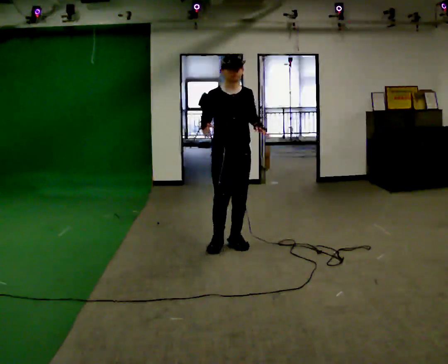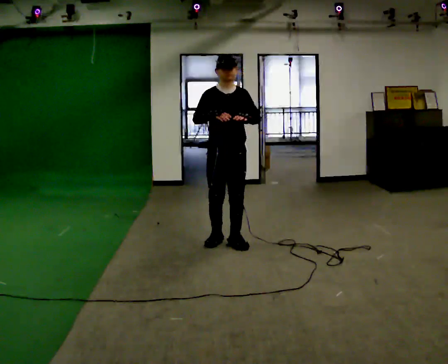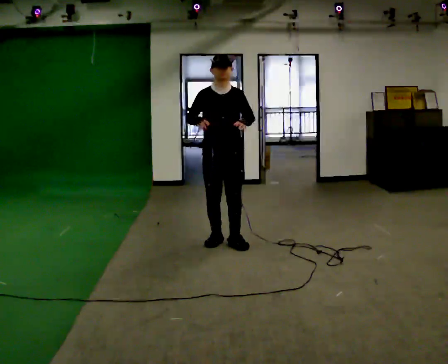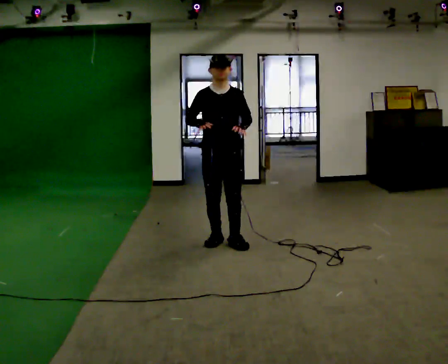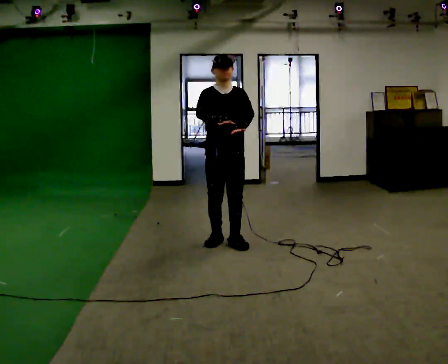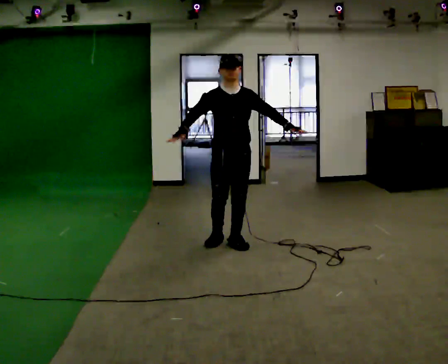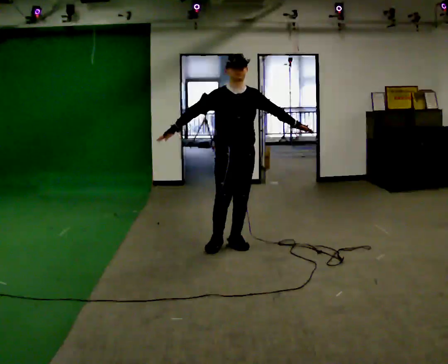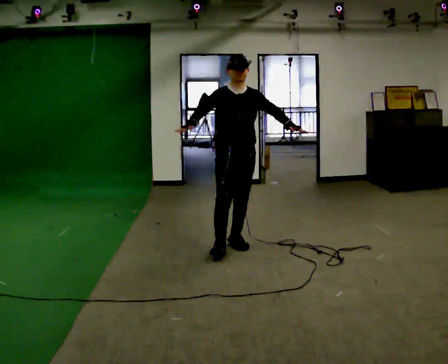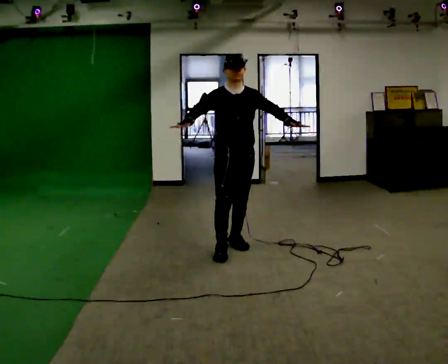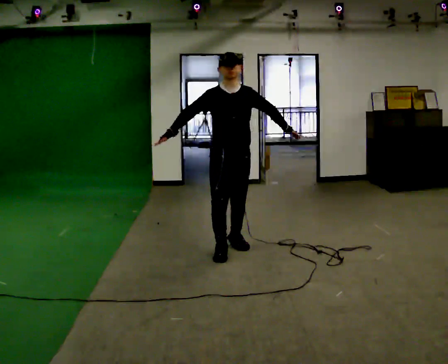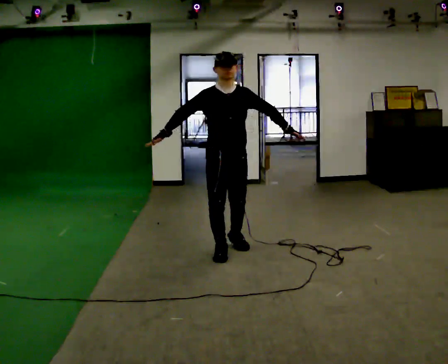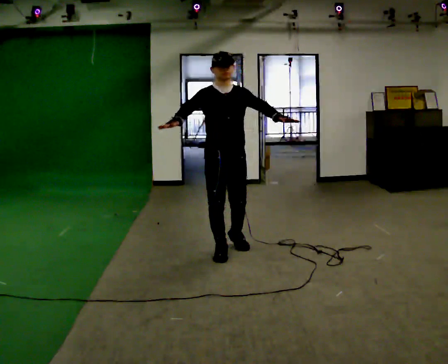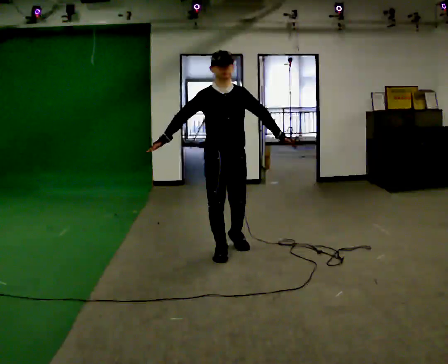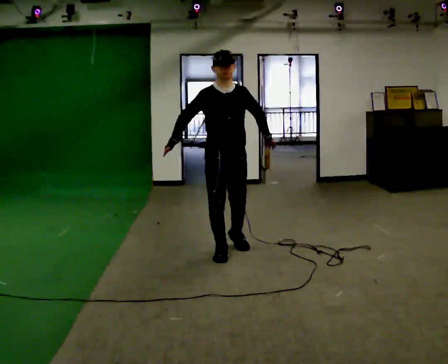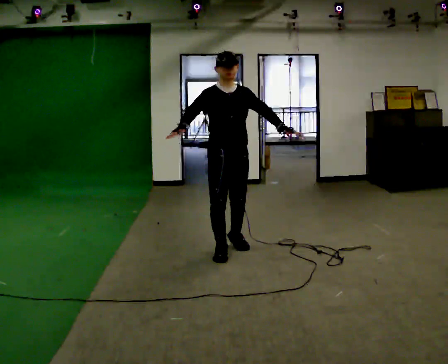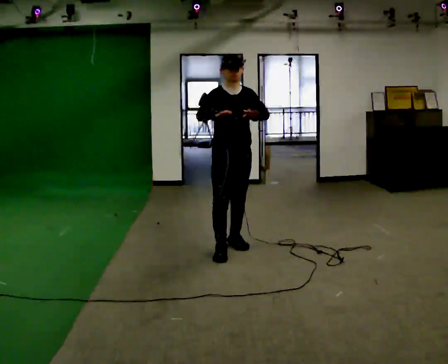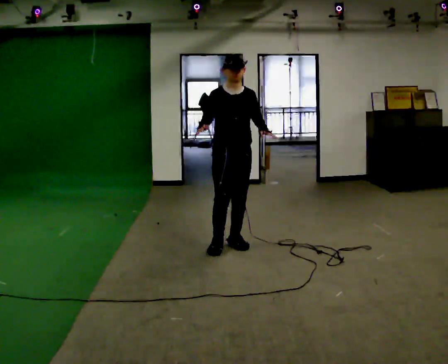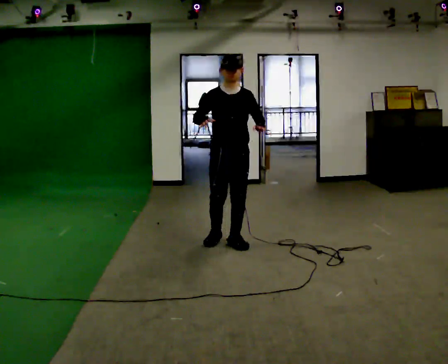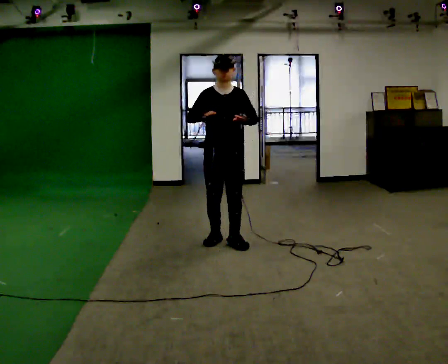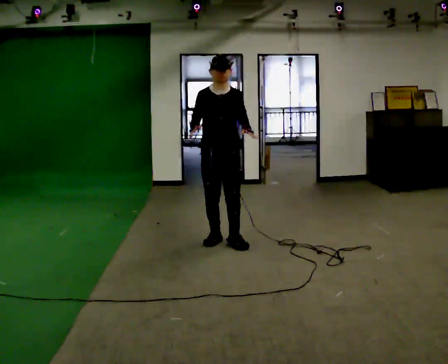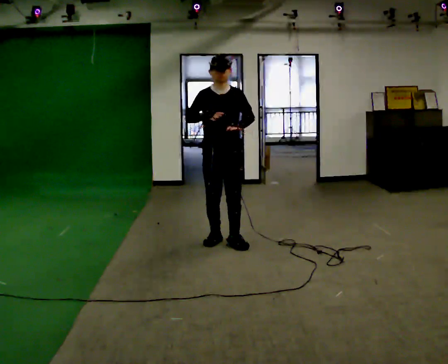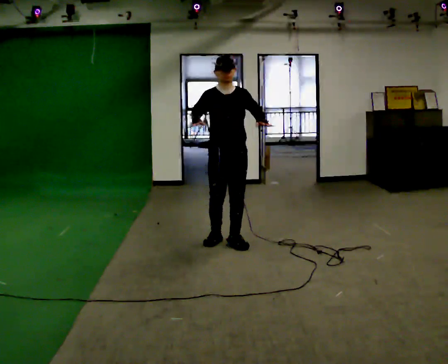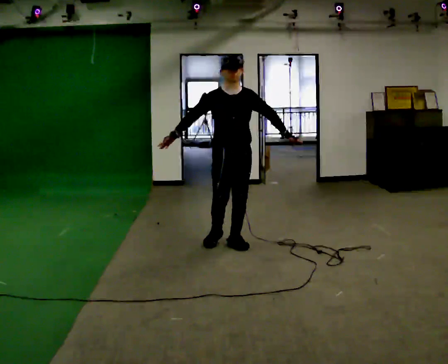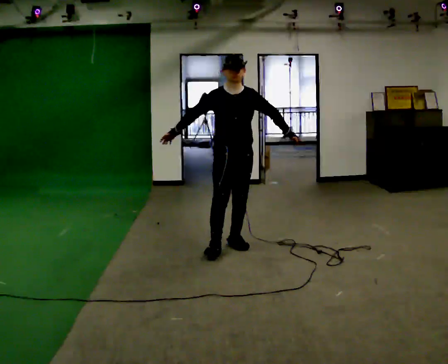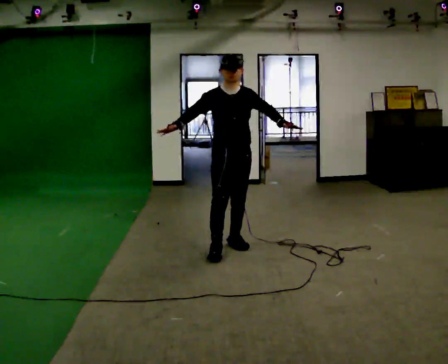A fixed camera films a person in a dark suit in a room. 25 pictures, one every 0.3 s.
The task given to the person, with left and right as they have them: Move however you like, changing style and tempo as you go; keep moving continuously.
0.0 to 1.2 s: The person moves a little, or ends about where they began.
1.2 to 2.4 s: In the picture they go toward the camera, about 0.25 m in 1 step, which for them is forward.
2.4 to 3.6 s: In the picture they go toward the camera, about 0.25 m, which for them is forward and to their right.
3.6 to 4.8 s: In the picture they go away from the camera, about 0.25 m, which for them is backward and to their left.
4.8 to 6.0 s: The person moves a little, or ends about where they began.
6.0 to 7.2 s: In the picture they go toward the camera, about 0.25 m in 1 step, which for them is forward.
The film runs forward here.
